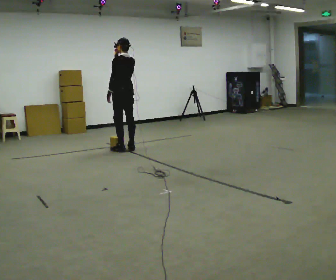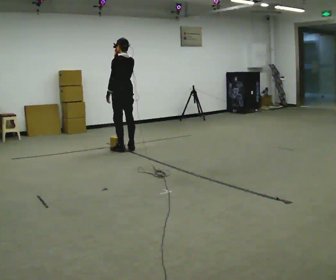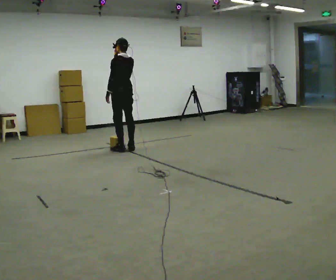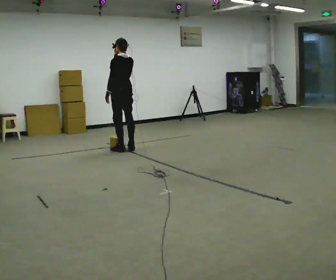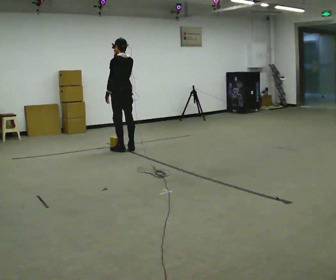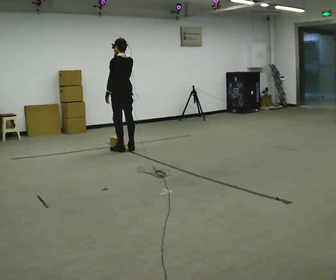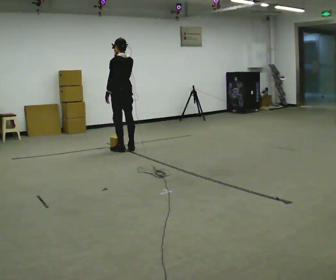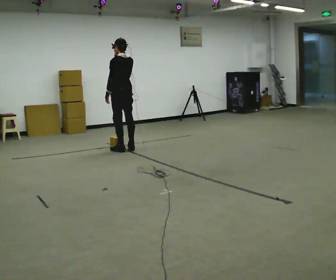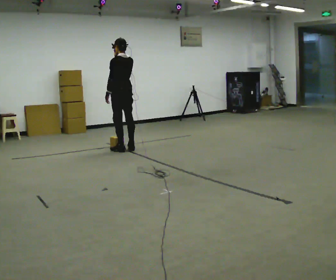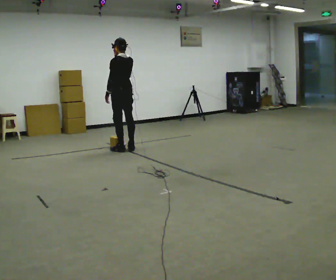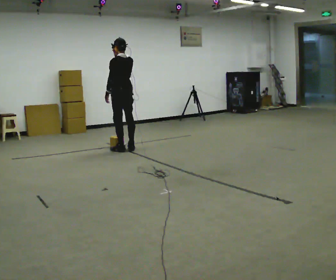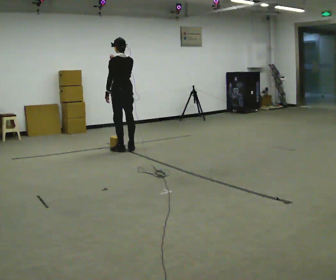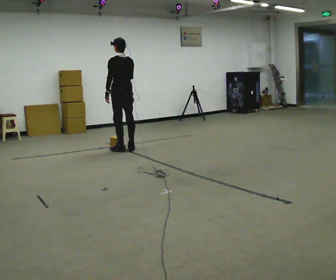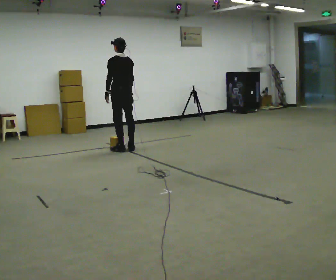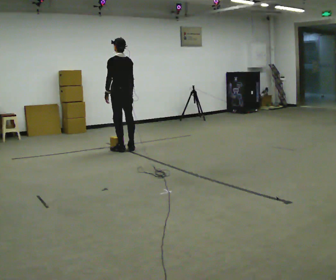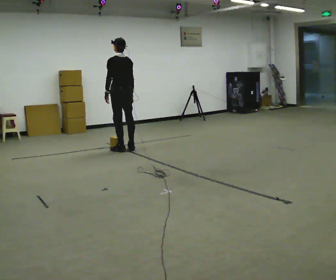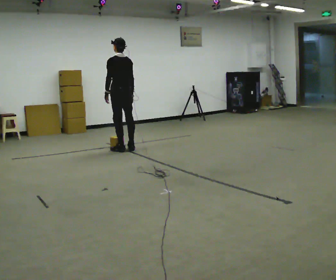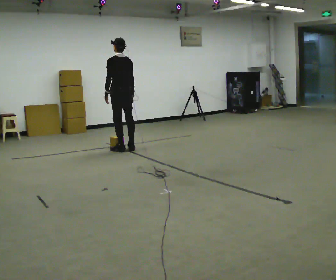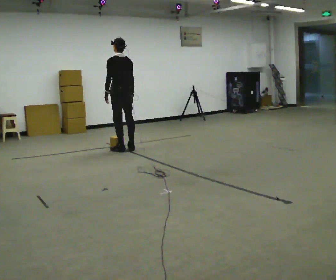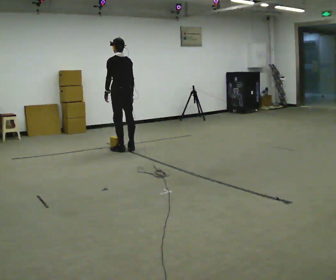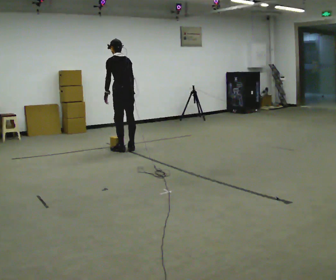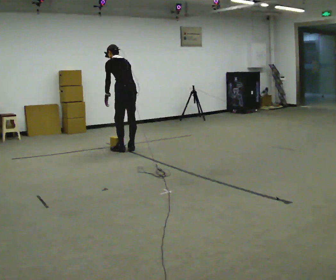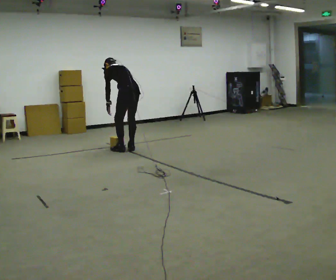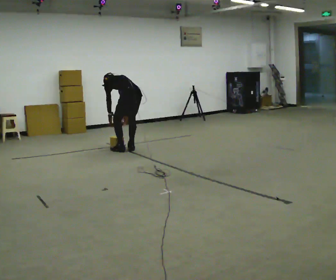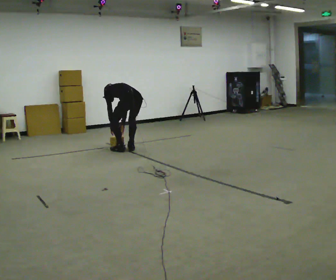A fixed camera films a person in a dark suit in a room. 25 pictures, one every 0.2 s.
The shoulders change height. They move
downward.
Their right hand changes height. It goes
downward.
0.0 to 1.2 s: The person moves a little, or ends about where they began.
1.2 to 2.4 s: In the picture their right hand goes downward.
2.4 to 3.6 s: The person moves a little, or ends about where they began.
3.6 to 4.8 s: In the picture they go toward the camera, about 0.25 m, which for them is backward. The shoulders move downward. The upper body tips away from the camera, its near side rolling upward, as they bend forward. In the picture their right hand goes downward.
The film runs backward here.
